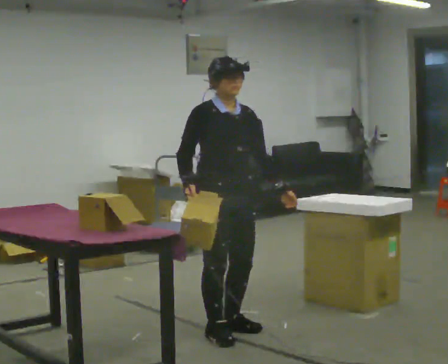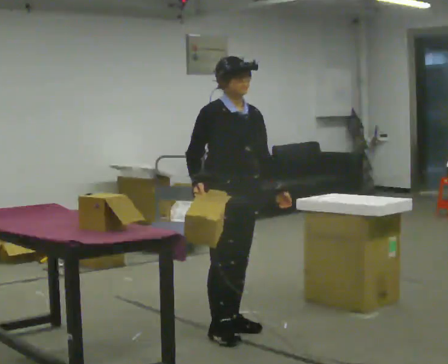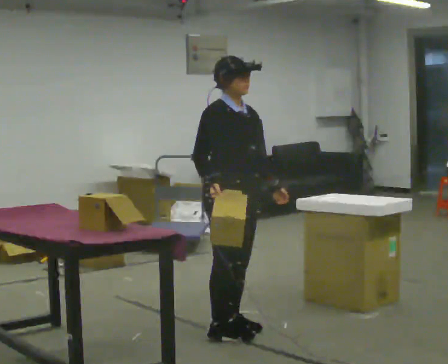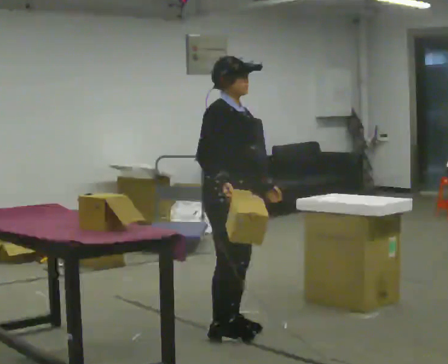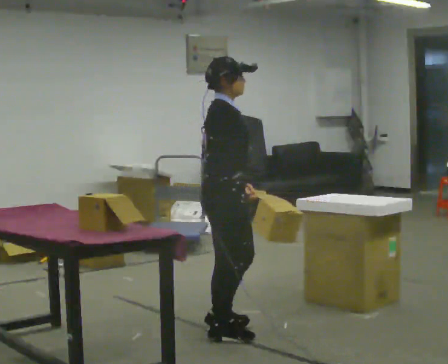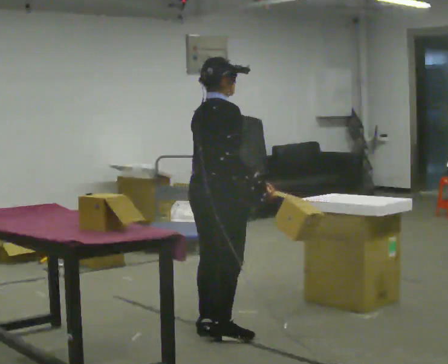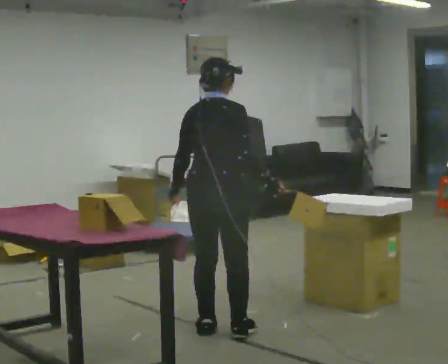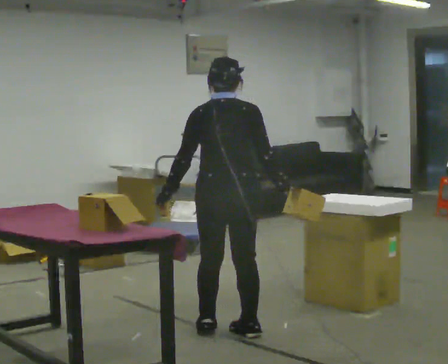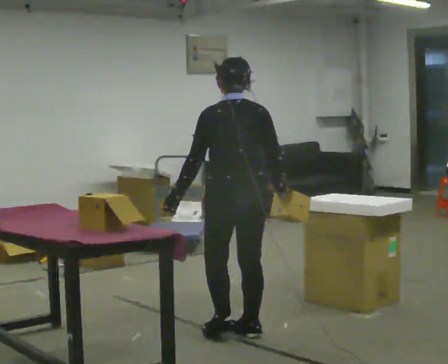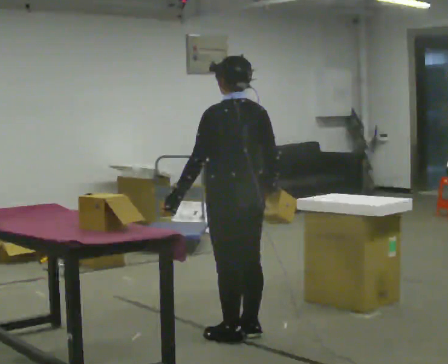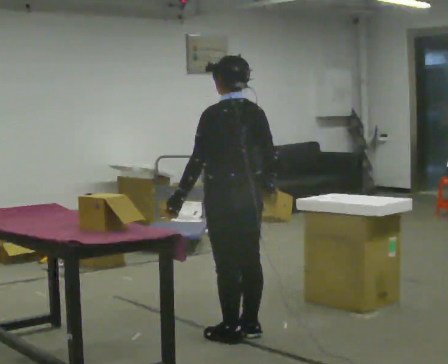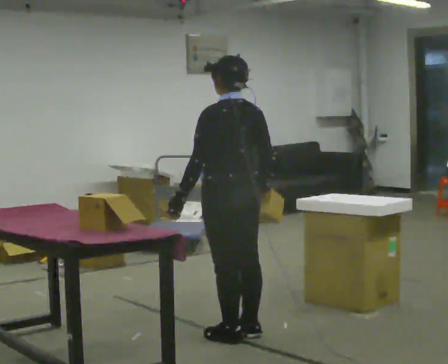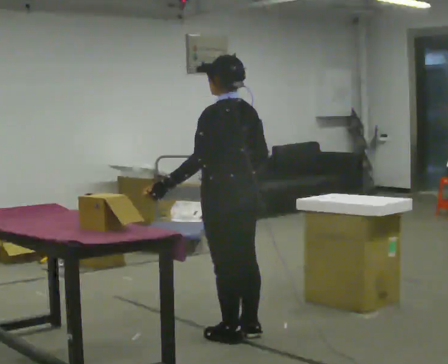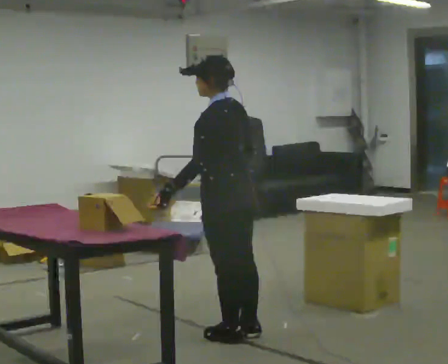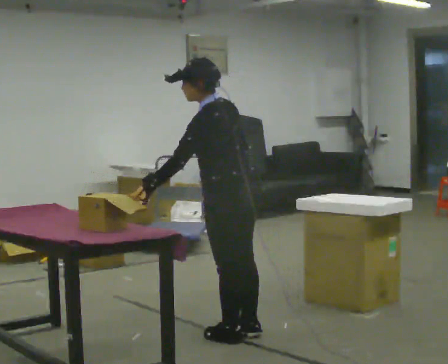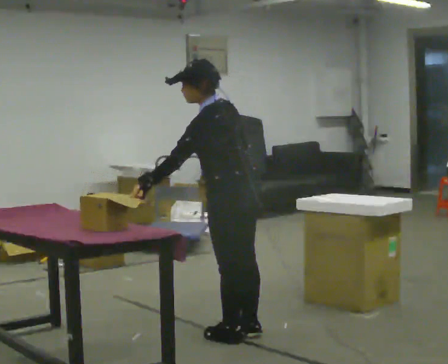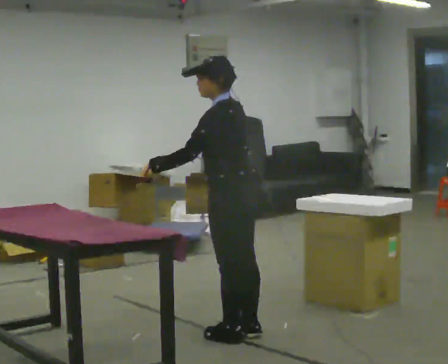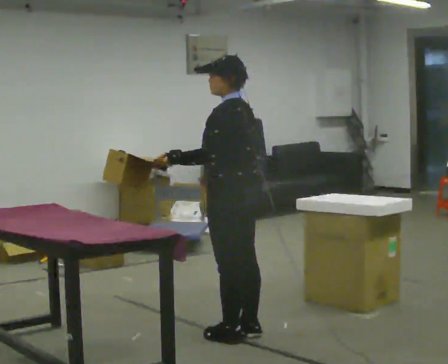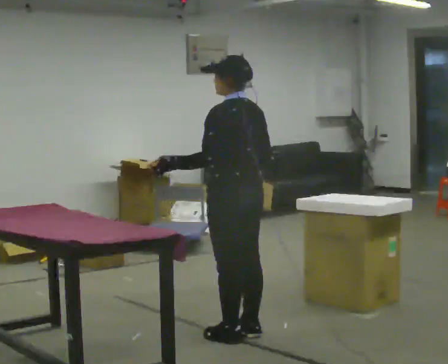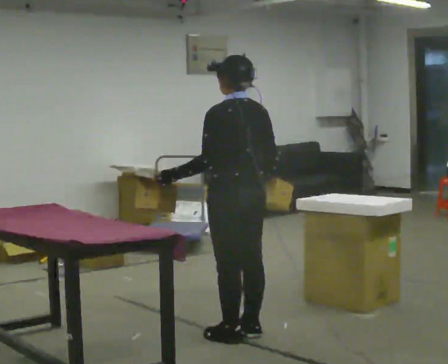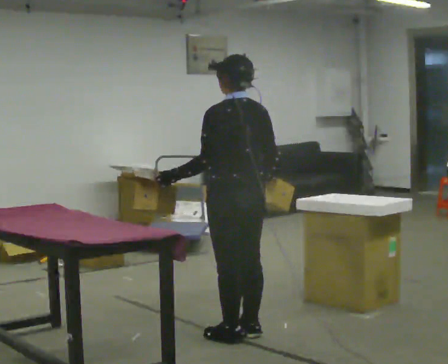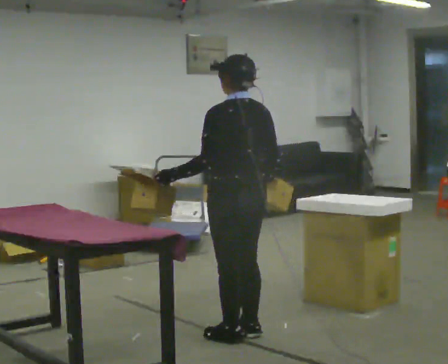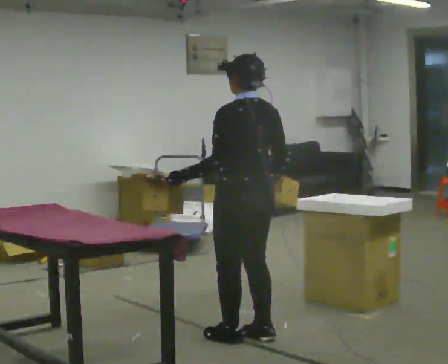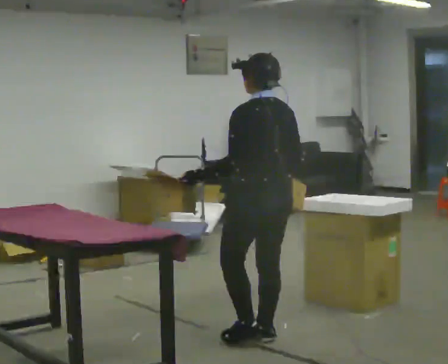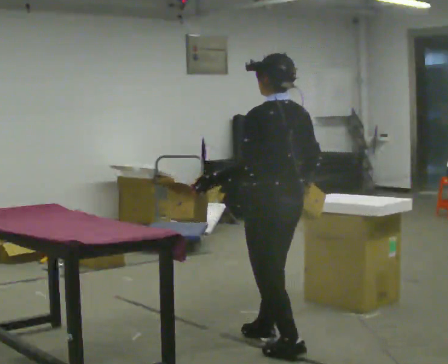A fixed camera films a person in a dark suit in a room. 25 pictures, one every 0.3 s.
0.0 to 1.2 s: The part of the body nearest the lens slides to the right as the person turns to their left by about 45 degrees.
1.2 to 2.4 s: The person turns about 120 degrees to their left, counterclockwise seen from above, so the part of the body nearest the lens slides to the right. In the picture their left hand goes to the left, the arm swinging clockwise.
2.4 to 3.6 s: The person turns about 30 degrees to their left, counterclockwise seen from above, so the part of the body nearest the lens slides to the right.
3.6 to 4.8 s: The person moves a little, or ends about where they began.
4.8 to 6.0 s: The person turns about 30 degrees to their right, clockwise seen from above, so the part of the body nearest the lens slides to the left.
6.0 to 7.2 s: In the picture they go toward the camera and to the right, about 0.25 m in 1 step, which for them is backward.
The film runs backward here.
